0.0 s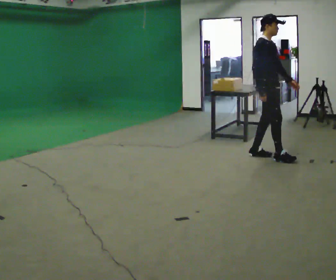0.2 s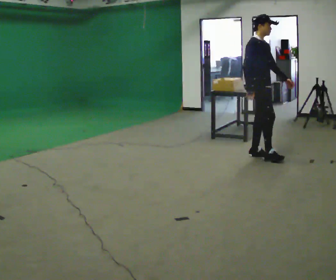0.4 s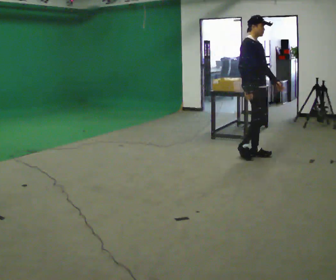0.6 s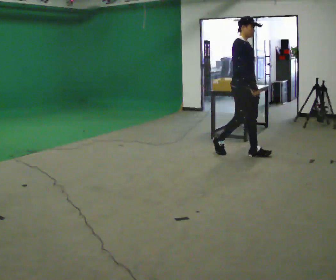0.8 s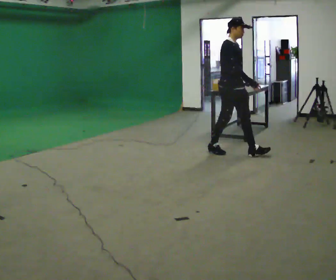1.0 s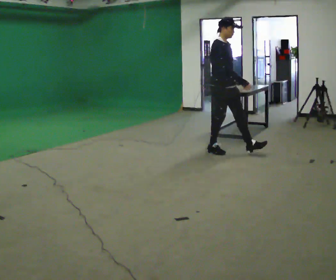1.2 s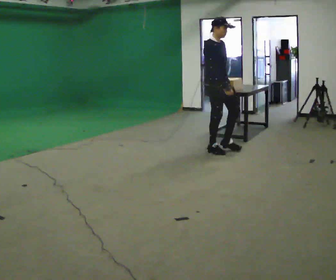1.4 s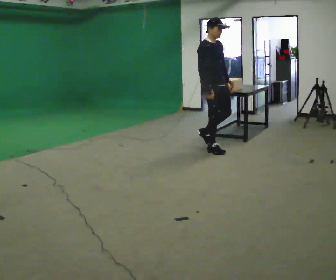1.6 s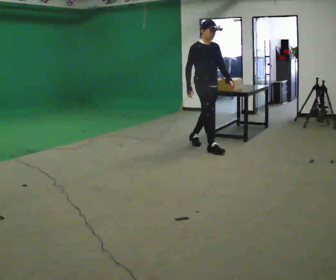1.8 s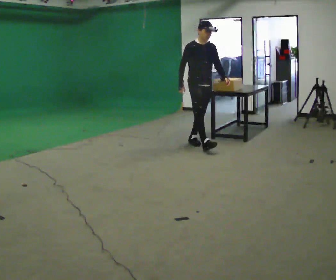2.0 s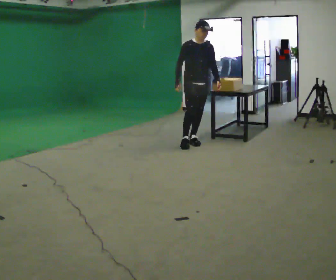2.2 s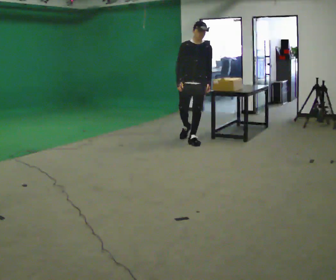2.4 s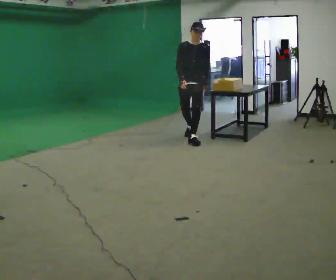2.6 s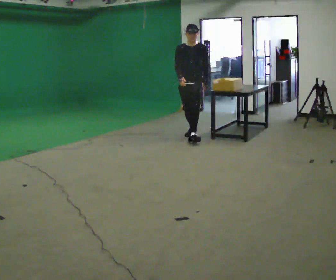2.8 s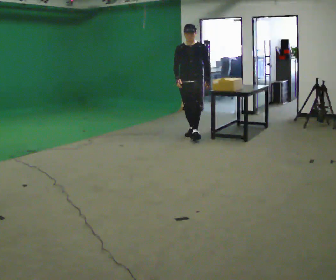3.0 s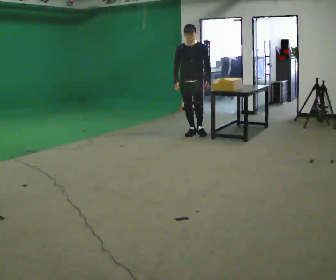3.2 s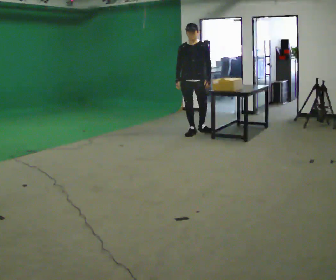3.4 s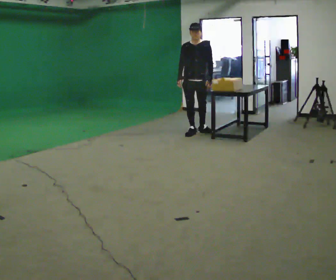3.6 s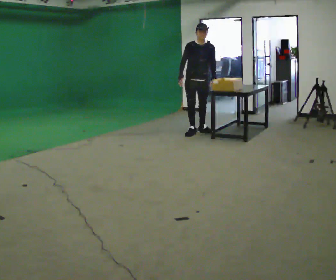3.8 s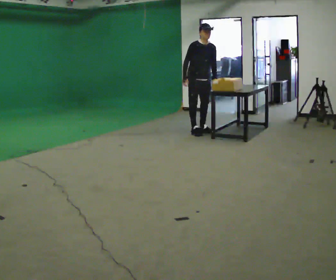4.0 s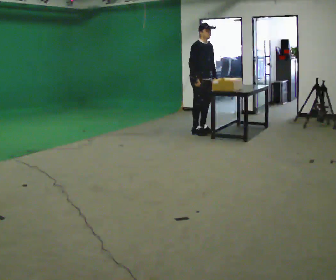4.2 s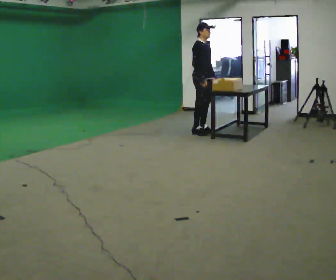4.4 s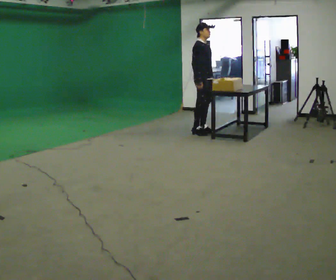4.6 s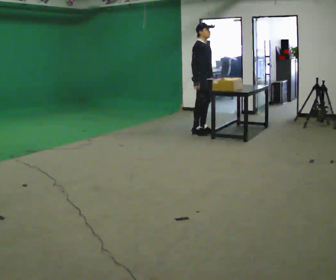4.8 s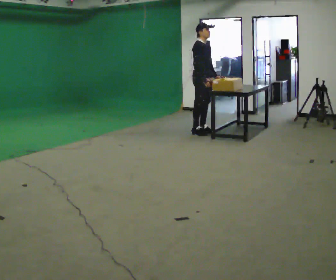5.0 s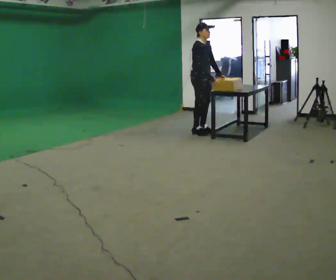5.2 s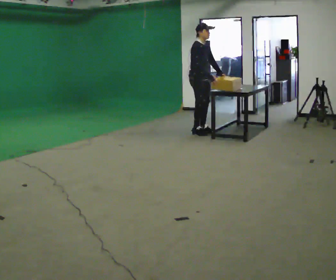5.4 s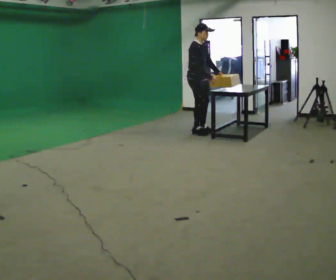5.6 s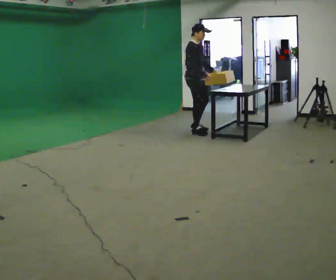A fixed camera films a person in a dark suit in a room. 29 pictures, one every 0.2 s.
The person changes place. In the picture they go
away from the camera.
The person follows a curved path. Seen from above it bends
clockwise.
0.0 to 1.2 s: In the picture they go to the left and away from the camera, about 0.75 m in 2 steps, which for them is backward.
1.2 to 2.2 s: Seen from above the body turns clockwise, about 45 degrees: to their right, with its near side sliding to the left. In the picture they go away from the camera and to the left, about 0.75 m in 1 step, which for them is backward.
2.2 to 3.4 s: In the picture they go away from the camera, about 0.5 m in 1 step, which for them is backward.
3.4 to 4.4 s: Seen from above the body turns counterclockwise, about 60 degrees: to their left, with its near side sliding to the right. In the picture their right hand goes to the right.
4.4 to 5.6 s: The person moves a little, or ends about where they began.
The film runs backward here.
